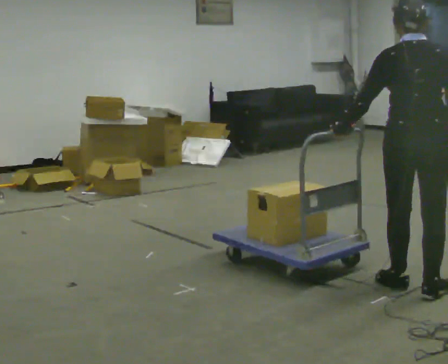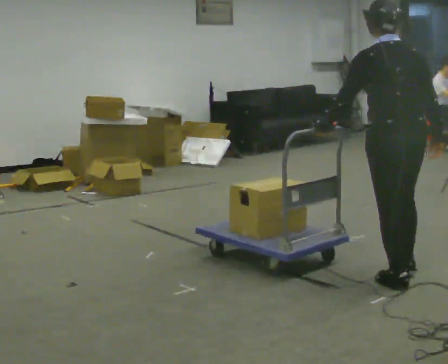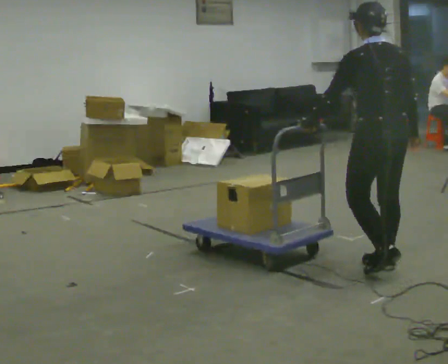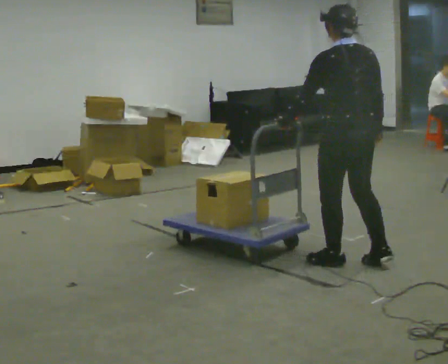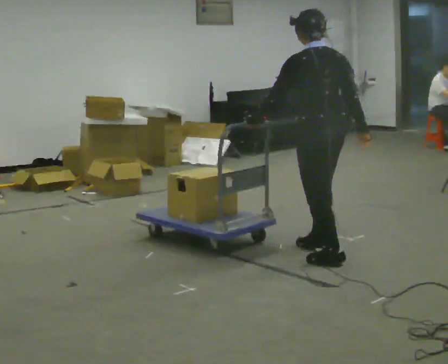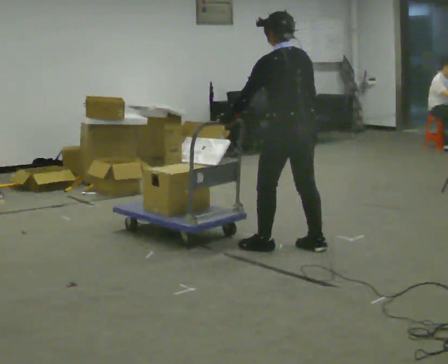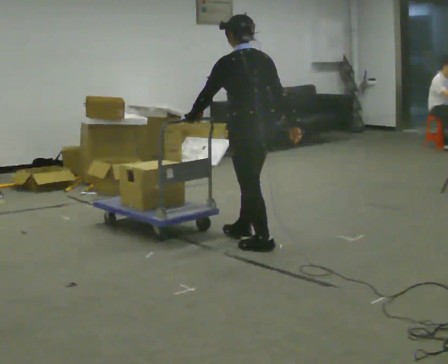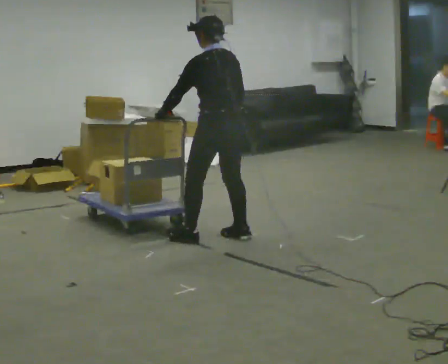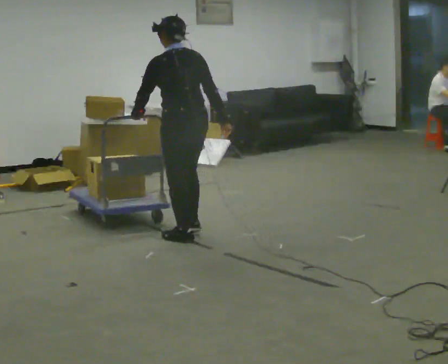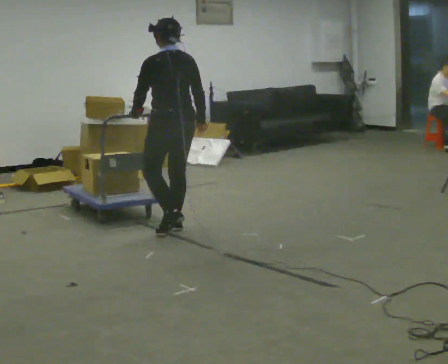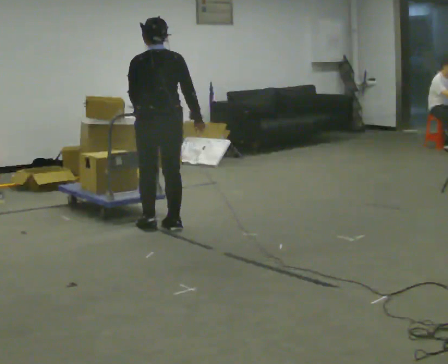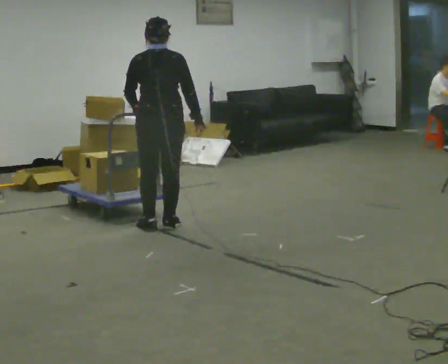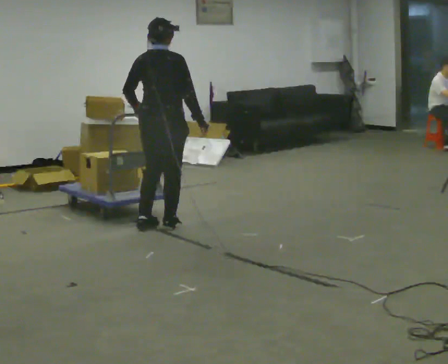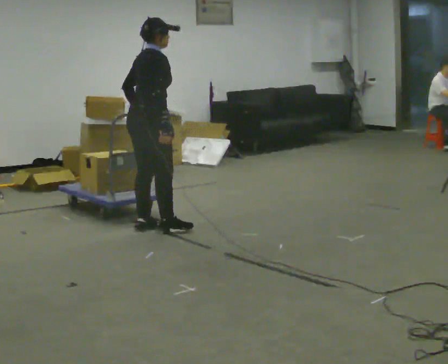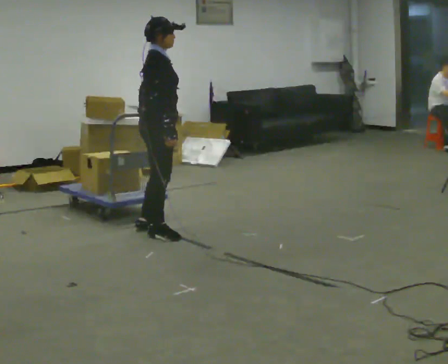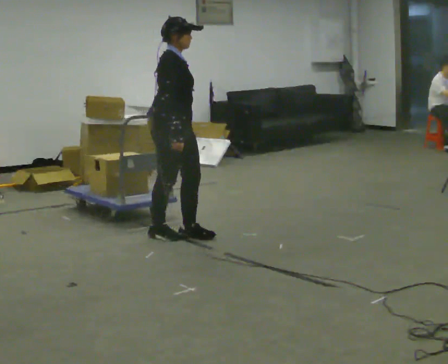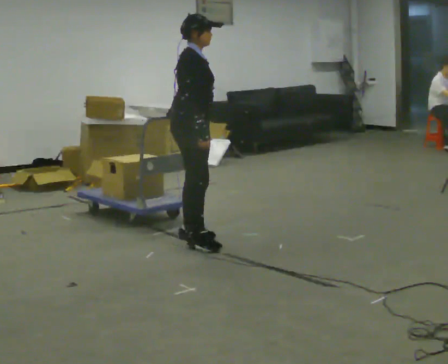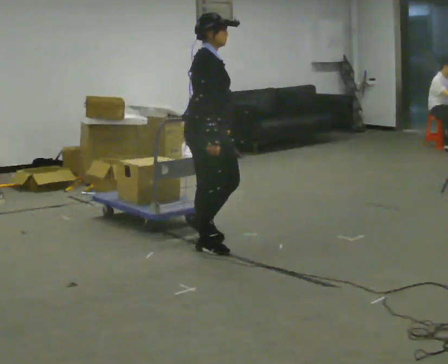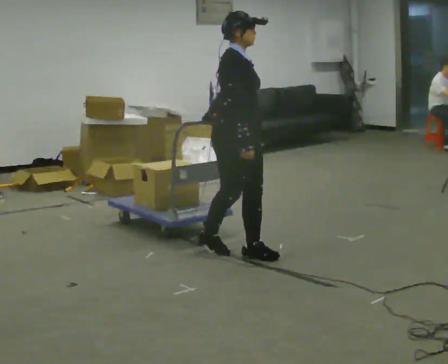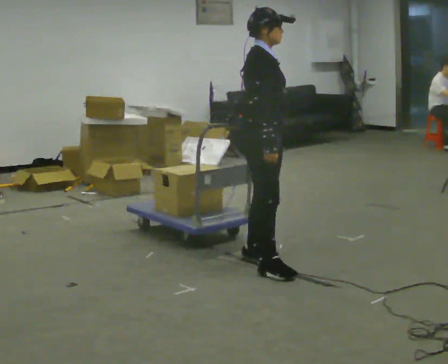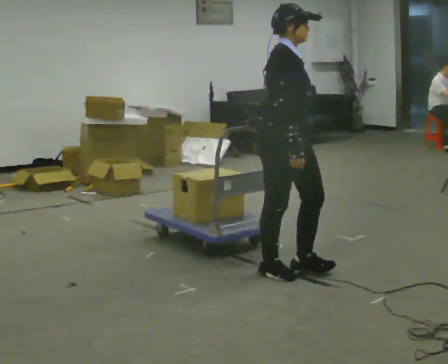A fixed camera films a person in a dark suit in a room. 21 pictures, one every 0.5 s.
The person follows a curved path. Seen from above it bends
counterclockwise.
0.0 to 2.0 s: The part of the body nearest the lens slides to the right as the person turns to their left by about 45 degrees. In the picture they go away from the camera and to the left, about 1 m in 3 steps, which for them is forward.
2.0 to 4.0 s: In the picture they go to the left and away from the camera, about 1 m in 3 steps, which for them is forward and to their left.
4.0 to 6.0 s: The person turns about 60 degrees to their right, clockwise seen from above, so the part of the body nearest the lens slides to the left. In the picture they go away from the camera and to the left, about 0.25 m in 2 steps.
6.0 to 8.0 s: The part of the body nearest the lens slides to the left as the person turns to their right by about 75 degrees. In the picture they go toward the camera and to the right, about 0.5 m in 2 steps.
8.0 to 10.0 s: In the picture they go toward the camera and to the right, about 1 m in 3 steps, which for them is forward and to their right.
The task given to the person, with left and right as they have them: Push the cart across the room using only the hand the operator calls. Keep your other arm at your side.
The film runs forward here.
